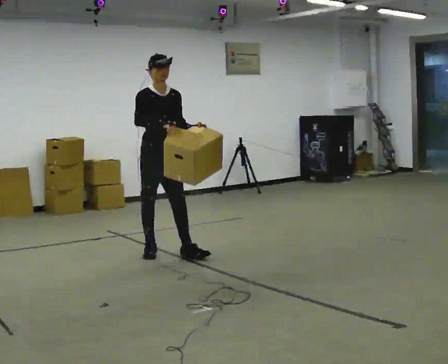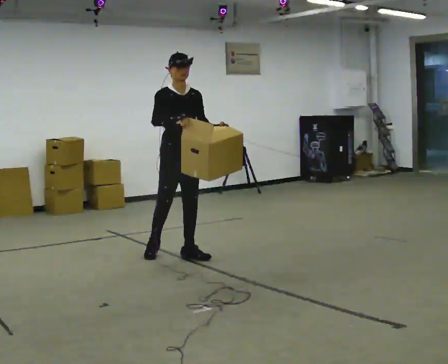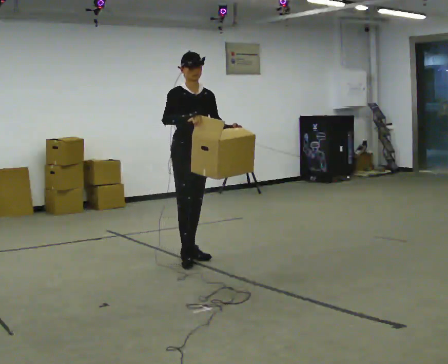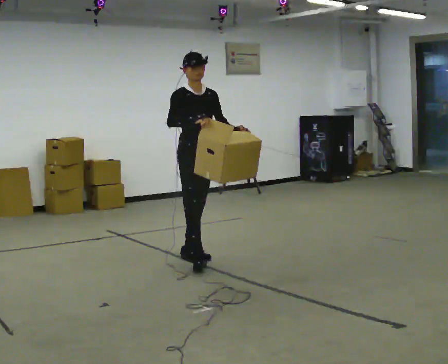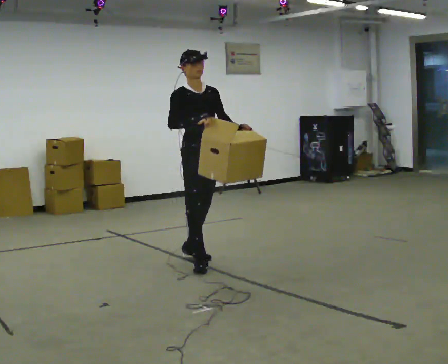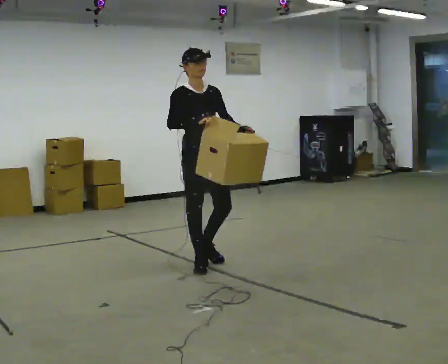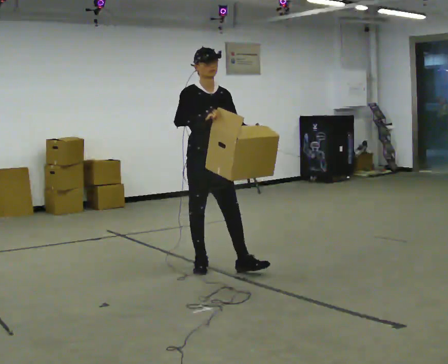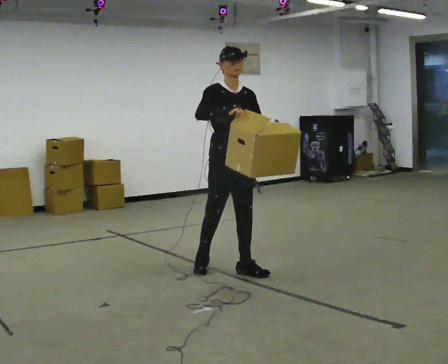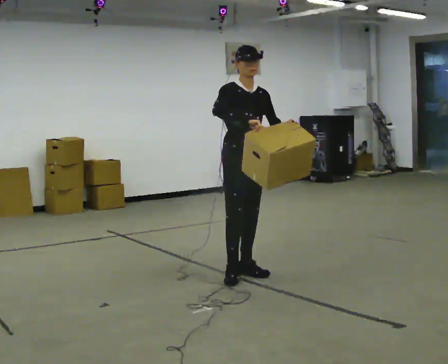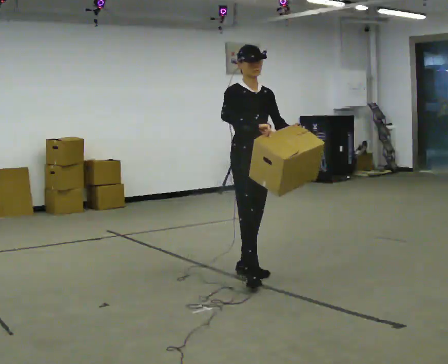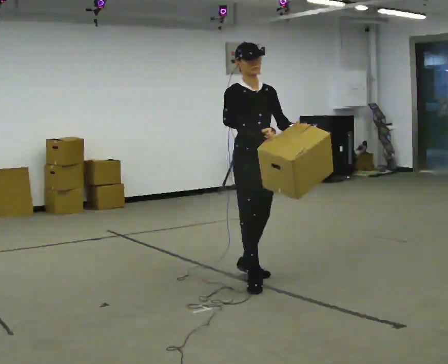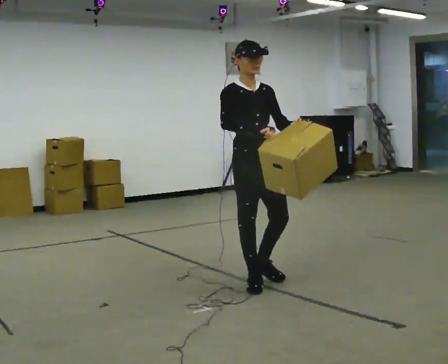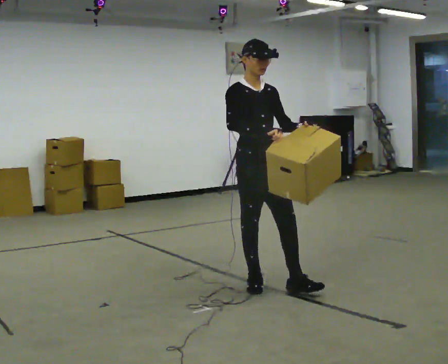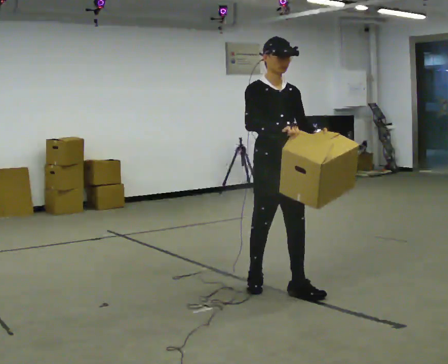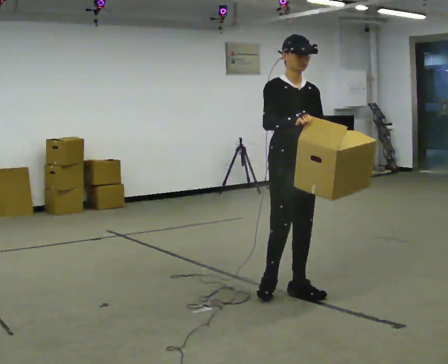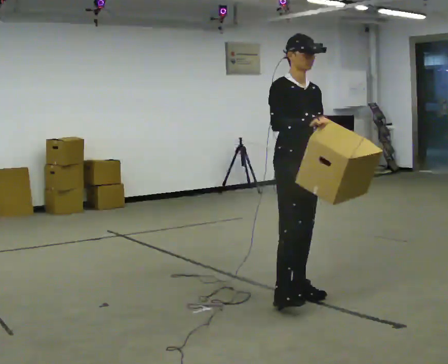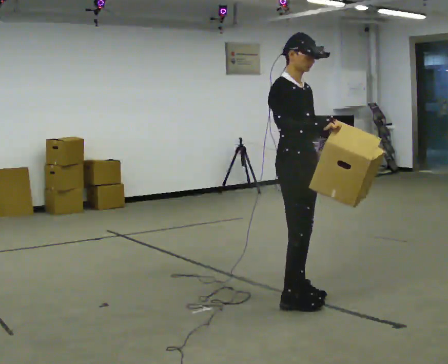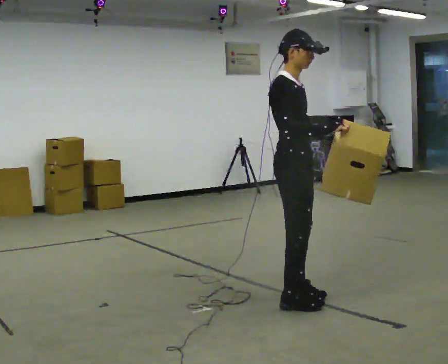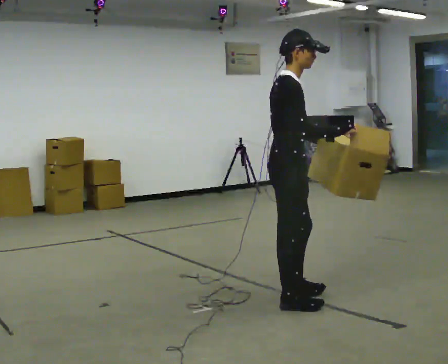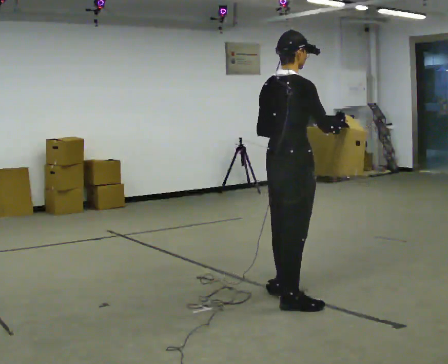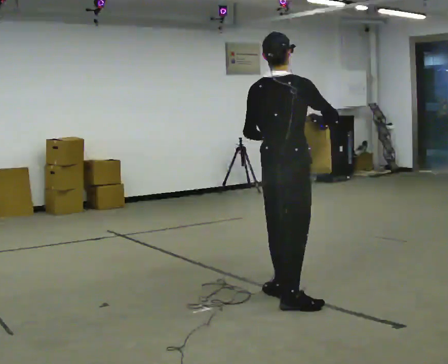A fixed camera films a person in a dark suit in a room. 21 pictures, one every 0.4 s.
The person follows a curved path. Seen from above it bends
clockwise.
0.0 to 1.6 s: In the picture they go to the right and toward the camera, about 0.5 m in 1 step, which for them is forward.
1.6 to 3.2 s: In the picture they go to the right and toward the camera, about 0.5 m in 1 step, which for them is forward.
3.2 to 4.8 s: In the picture they go toward the camera, about 0.5 m in 1 step, which for them is forward.
4.8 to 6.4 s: In the picture they go toward the camera and to the right, about 0.25 m in 2 steps, which for them is forward.
6.4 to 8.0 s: The person turns about 90 degrees to their left, counterclockwise seen from above, so the part of the body nearest the lens slides to the right.
The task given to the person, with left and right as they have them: Carry the lidded box and, while you are still walking, open the lid, then close it again. Repeat as you walk back and forth. Do not stop to do it.
The film runs forward here.
